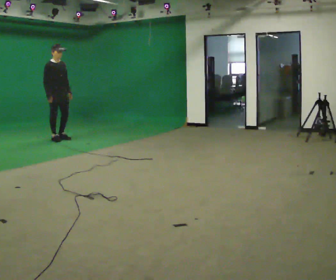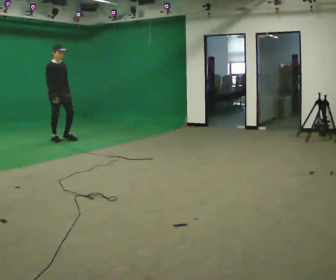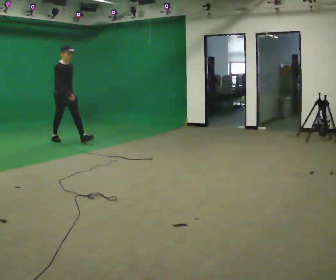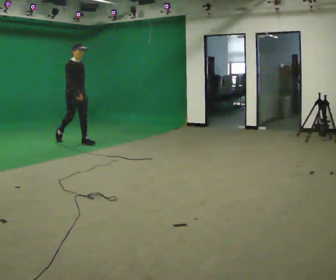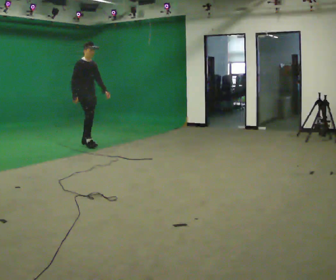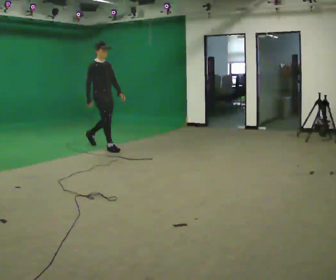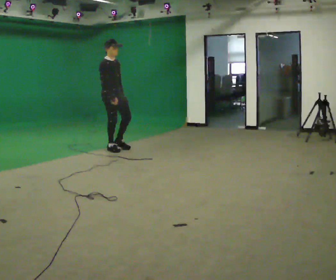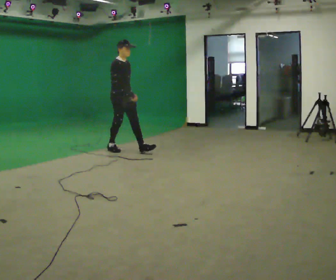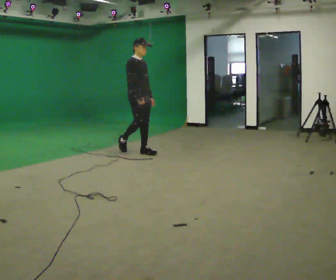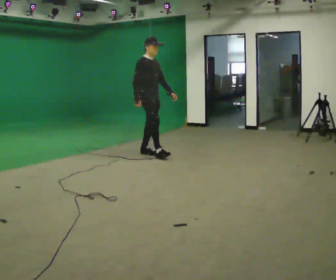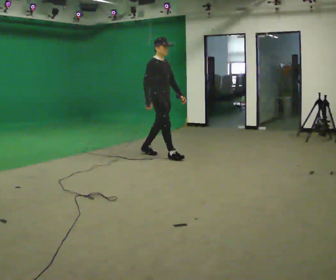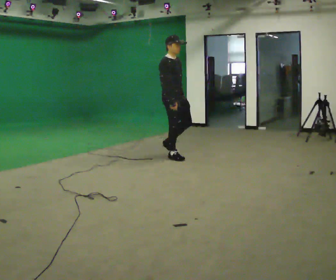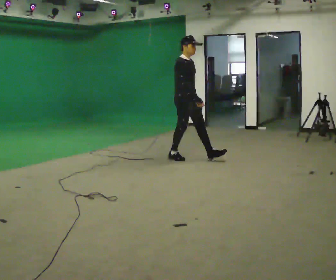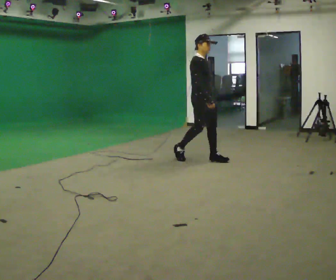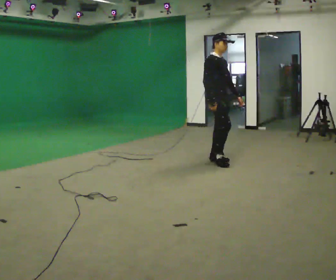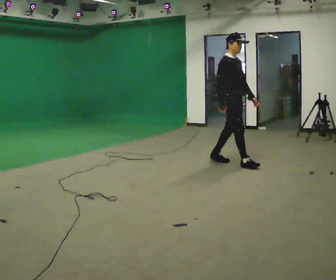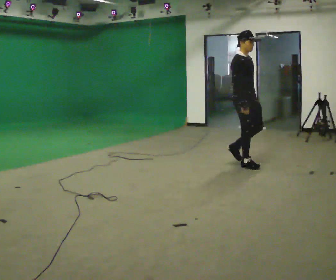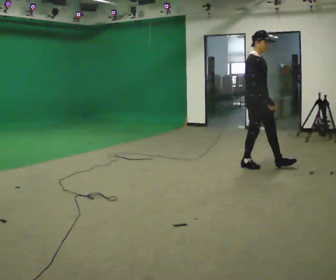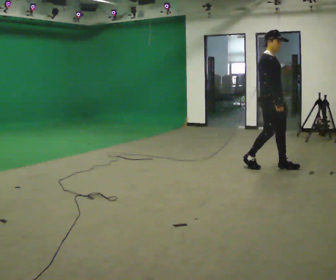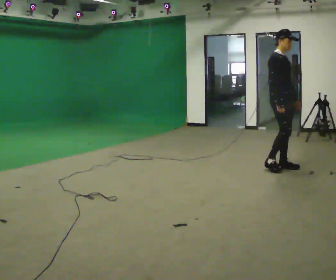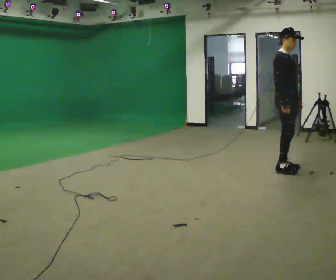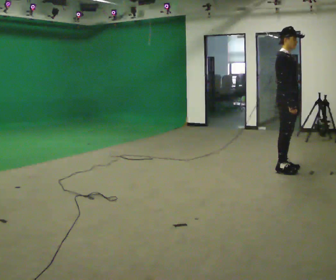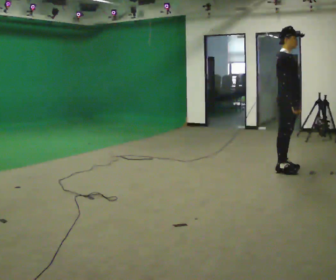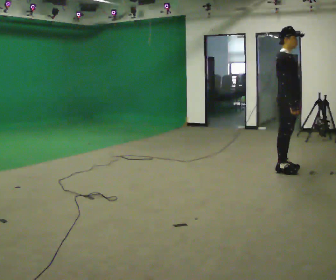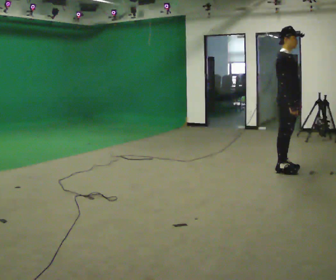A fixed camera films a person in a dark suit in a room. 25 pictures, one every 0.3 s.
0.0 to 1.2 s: In the picture they go to the right and toward the camera, about 0.5 m in 1 step, which for them is forward.
1.2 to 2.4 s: In the picture they go to the right and toward the camera, about 1 m in 2 steps, which for them is forward.
2.4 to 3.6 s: In the picture they go to the right and toward the camera, about 1 m in 1 step, which for them is forward.
3.6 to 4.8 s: In the picture they go to the right and toward the camera, about 1 m in 2 steps, which for them is forward.
4.8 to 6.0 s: In the picture they go to the right and toward the camera, about 0.5 m in 2 steps, which for them is forward.
6.0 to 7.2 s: The person moves a little, or ends about where they began.
The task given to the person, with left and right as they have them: Start at normal speed; gradually slow over several steps; stop gently.
The film runs forward here.
